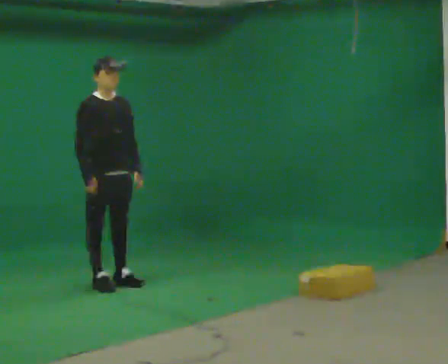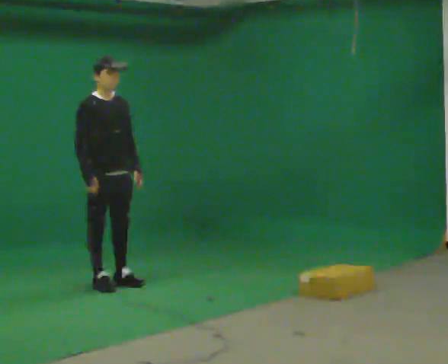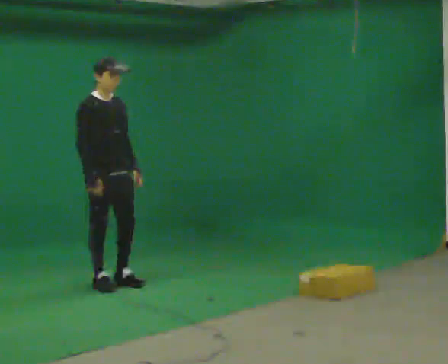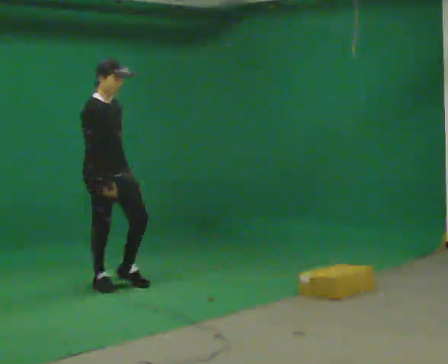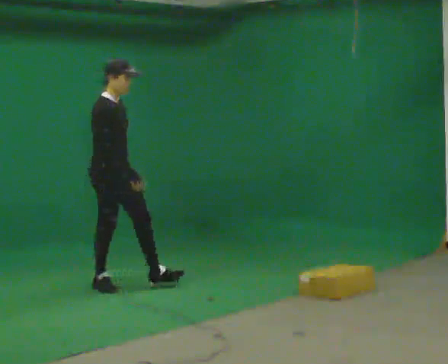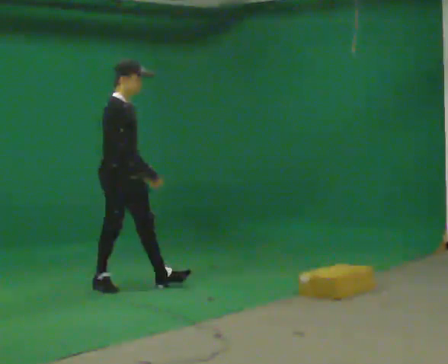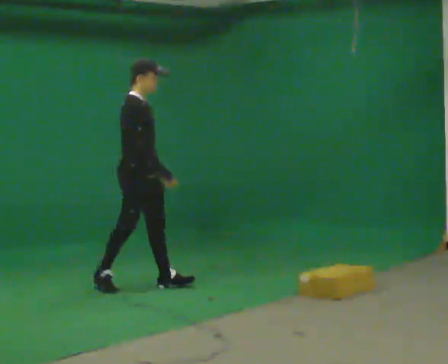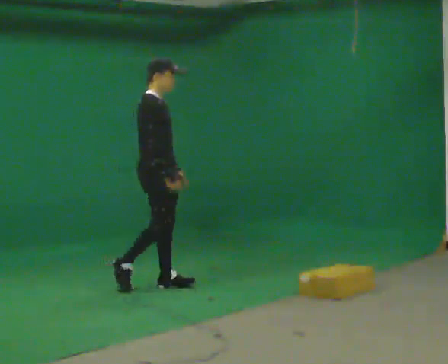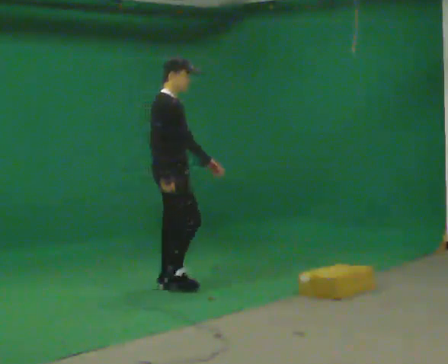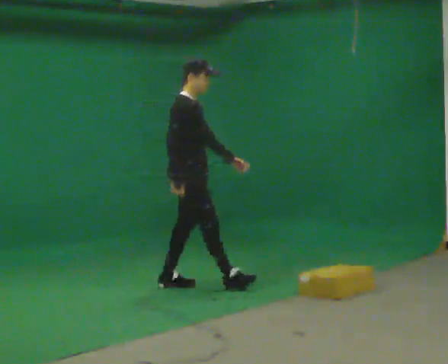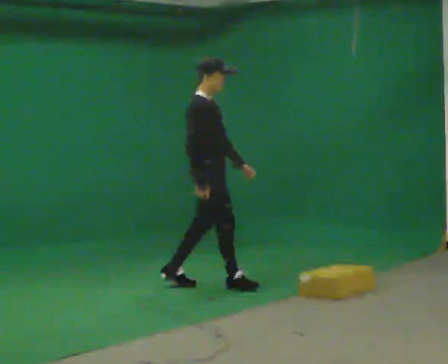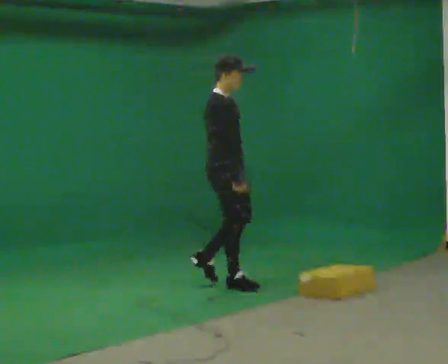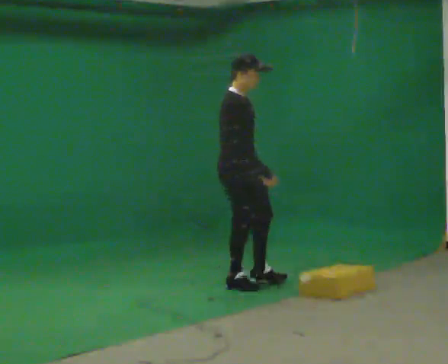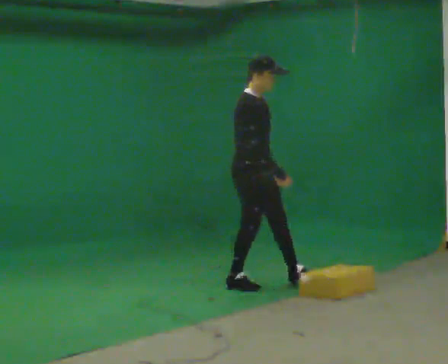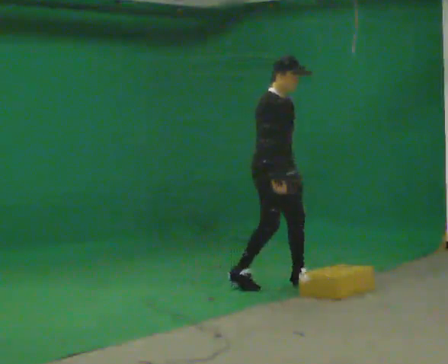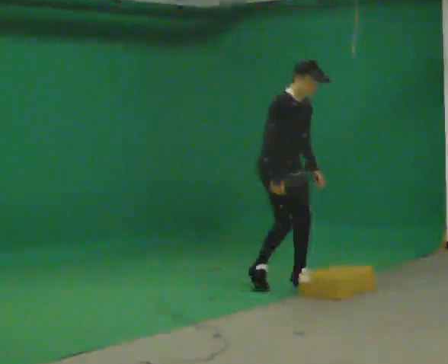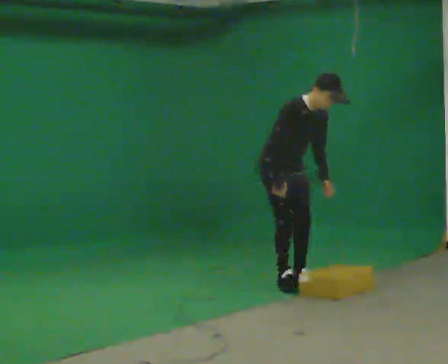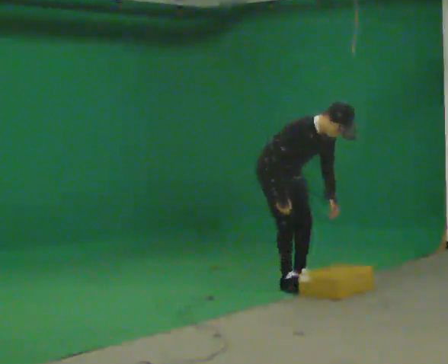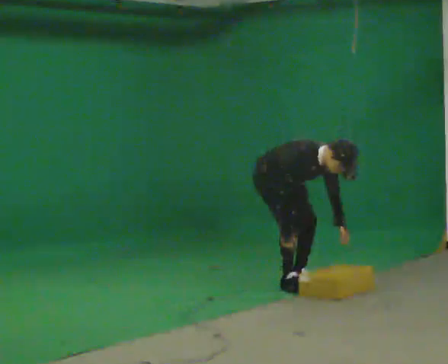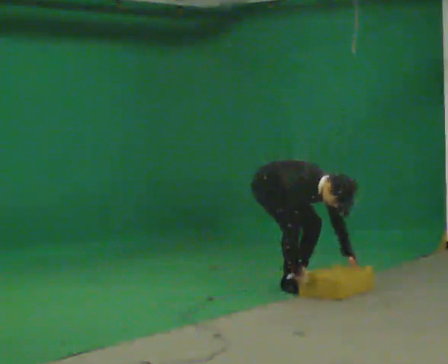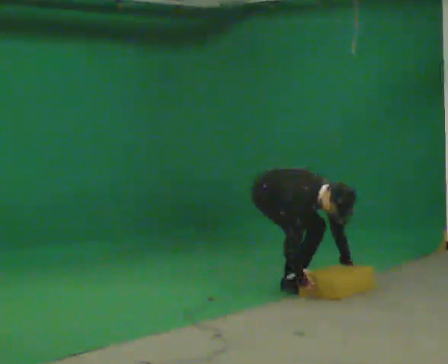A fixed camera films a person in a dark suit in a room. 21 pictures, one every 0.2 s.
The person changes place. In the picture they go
to the right.
Their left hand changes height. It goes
downward.
0.0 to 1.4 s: Seen from above the body turns counterclockwise, about 45 degrees: to their left, with its near side sliding to the right. In the picture they go to the right, about 0.5 m in 1 step, which for them is forward.
1.4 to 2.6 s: In the picture they go to the right, about 0.5 m in 2 steps, which for them is forward.
2.6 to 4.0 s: The shoulders move downward. In the picture the upper body tilts clockwise, shoulders to the right, as they bend forward. In the picture their right hand goes downward.
The film runs forward here.
